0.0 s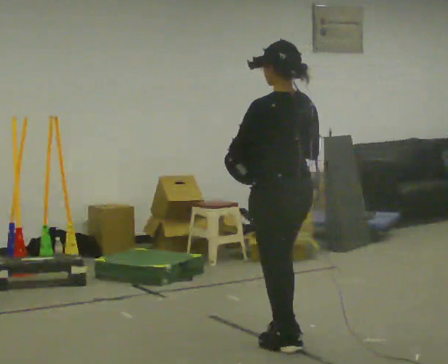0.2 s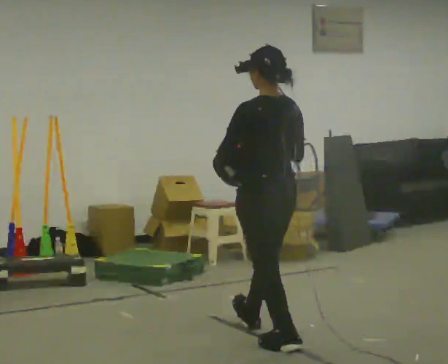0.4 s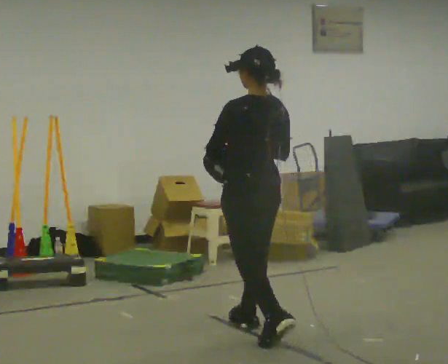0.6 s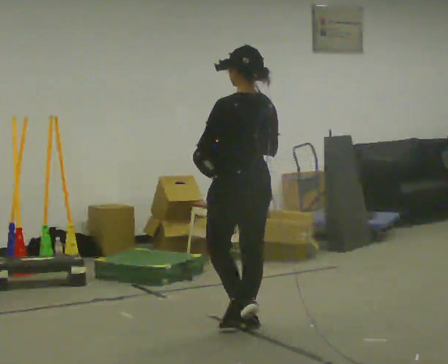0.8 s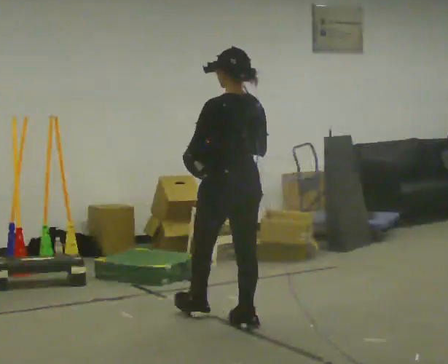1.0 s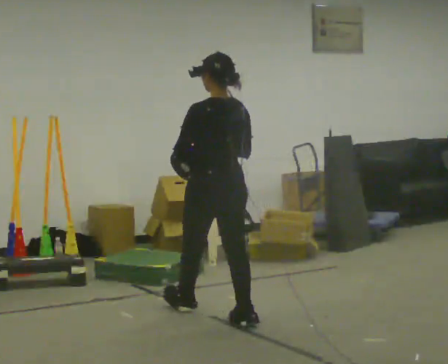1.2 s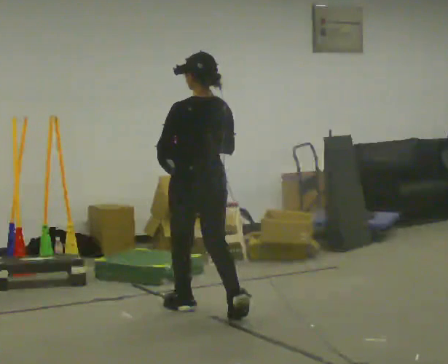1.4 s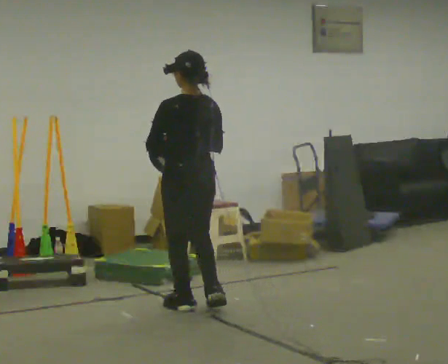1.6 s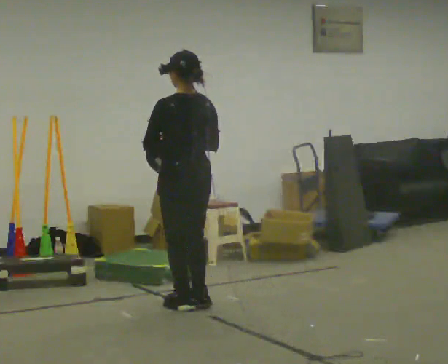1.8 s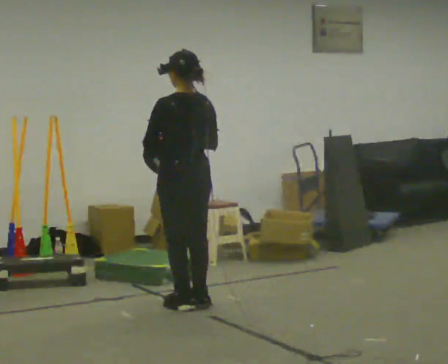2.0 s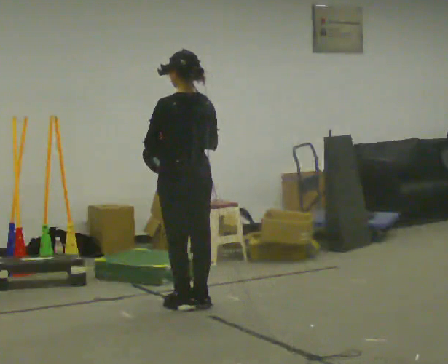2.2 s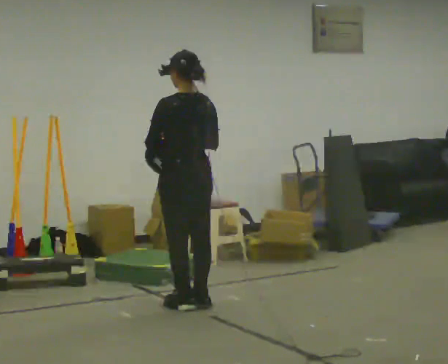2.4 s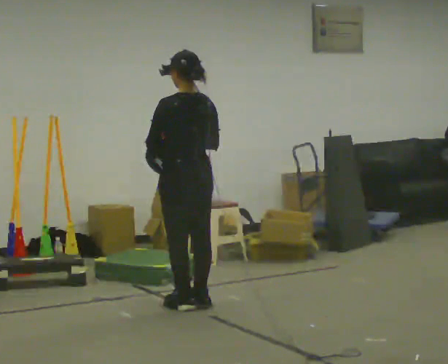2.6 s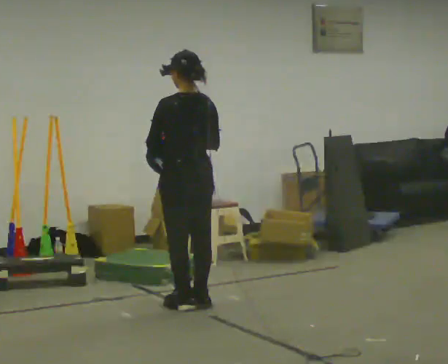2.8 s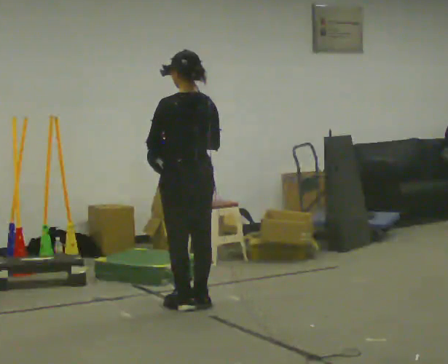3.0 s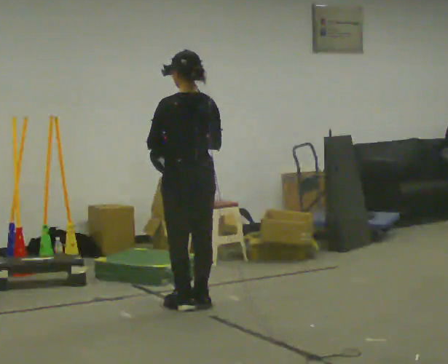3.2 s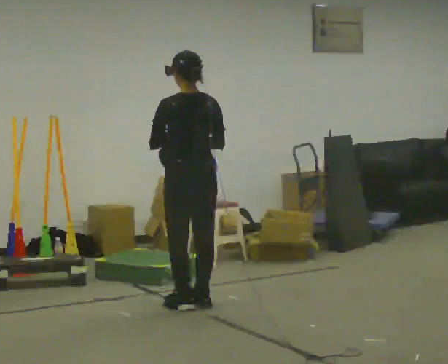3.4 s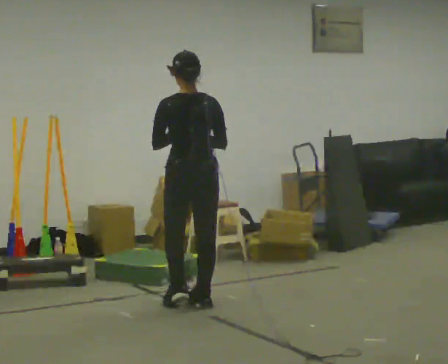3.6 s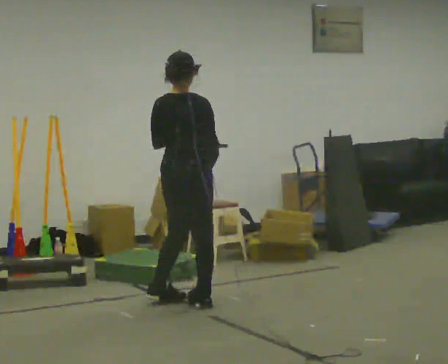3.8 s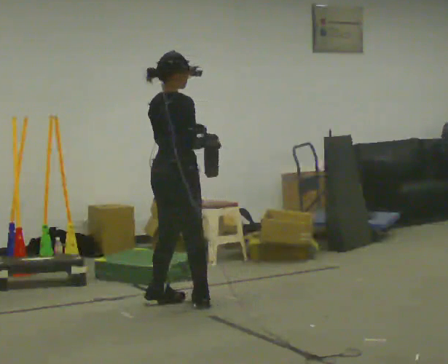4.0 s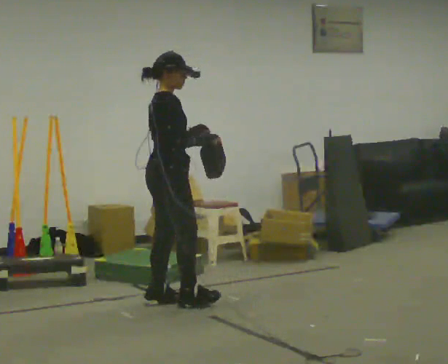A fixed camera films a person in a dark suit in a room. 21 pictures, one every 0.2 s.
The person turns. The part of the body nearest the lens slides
to the left.
The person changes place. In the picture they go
away from the camera.
0.0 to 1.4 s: In the picture they go away from the camera and to the left, about 1 m in 2 steps, which for them is forward.
1.4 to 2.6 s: The person moves a little, or ends about where they began.
2.6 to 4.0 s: The person turns about 105 degrees to their right, clockwise seen from above, so the part of the body nearest the lens slides to the left.
The film runs forward here.
